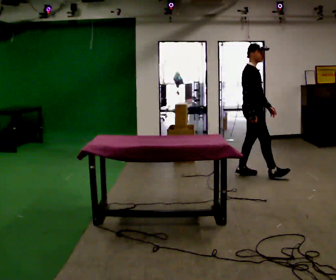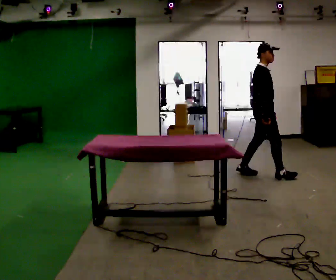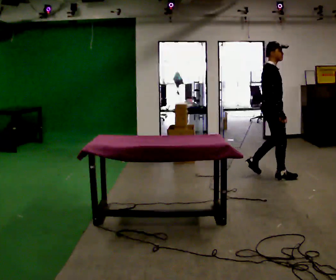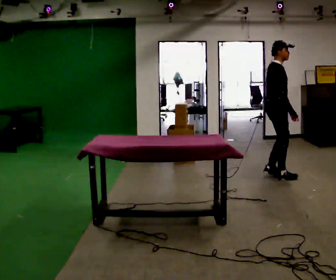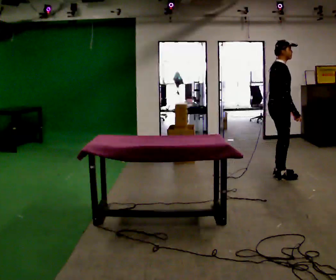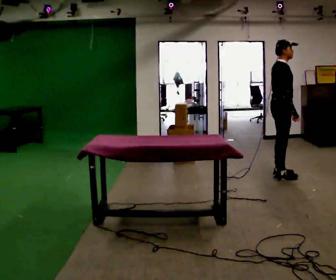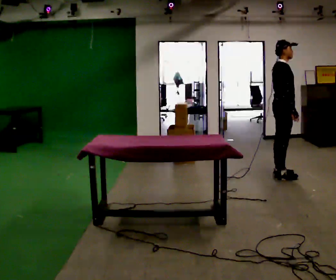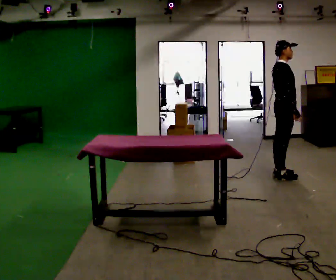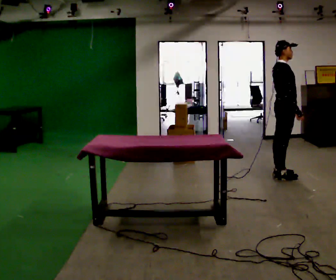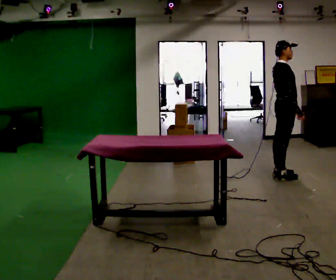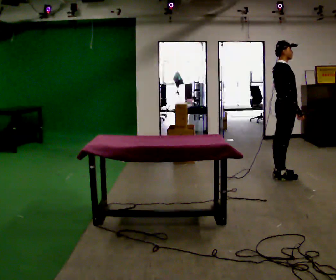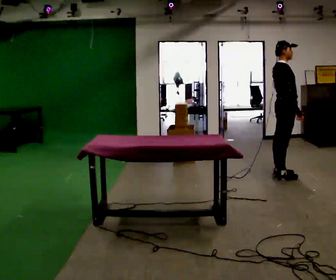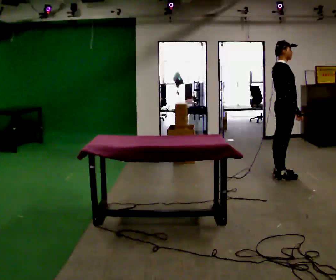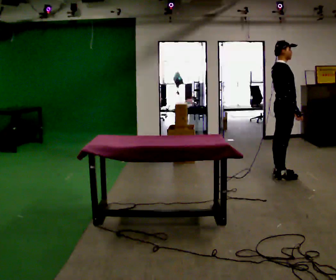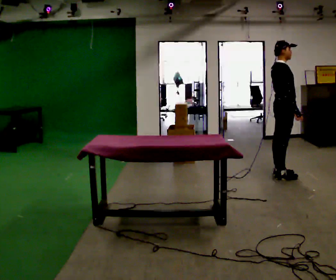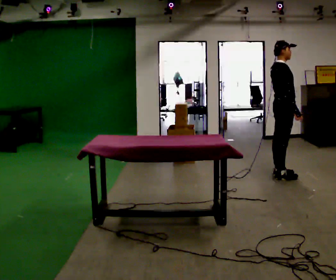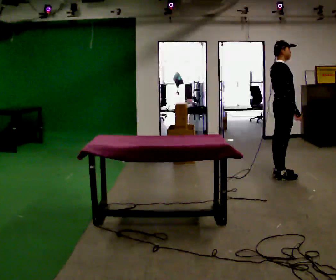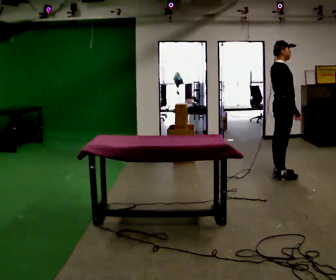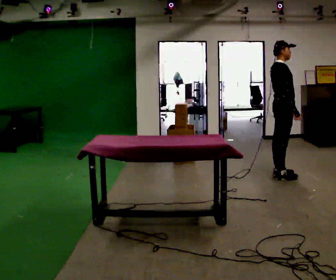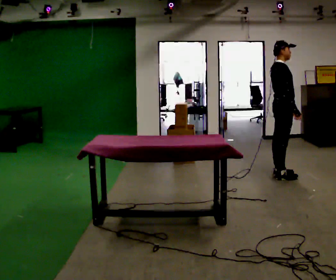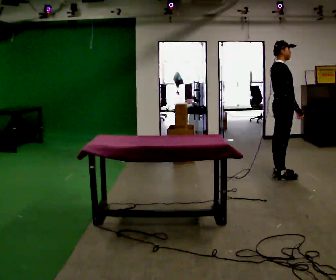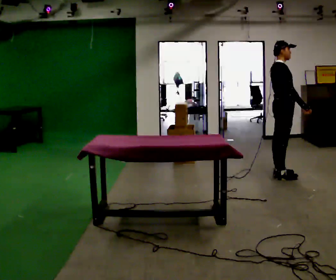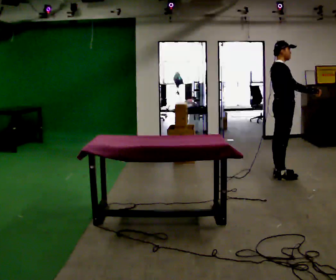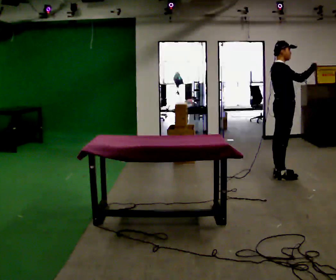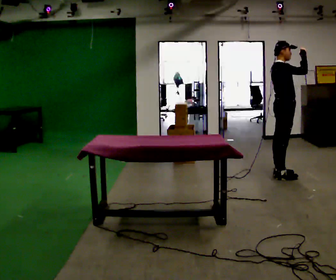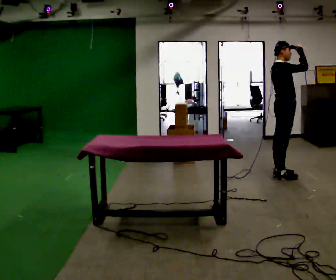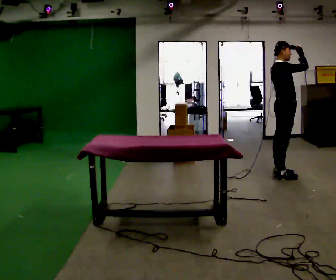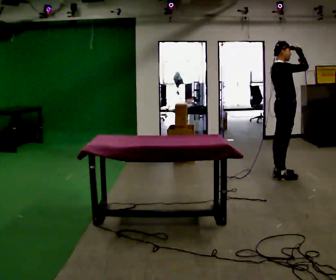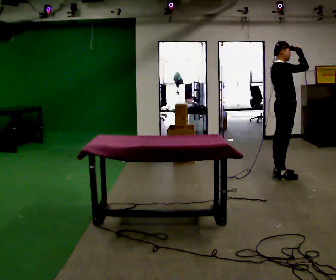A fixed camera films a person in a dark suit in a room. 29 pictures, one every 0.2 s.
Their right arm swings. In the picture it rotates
counterclockwise.
Their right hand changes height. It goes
upward.
0.0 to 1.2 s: In the picture they go to the right, about 0.5 m in 2 steps, which for them is forward and to their right.
1.2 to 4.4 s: The person moves a little, or ends about where they began.
4.4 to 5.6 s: In the picture their right hand goes upward, the arm swinging counterclockwise.
The film runs forward here.
